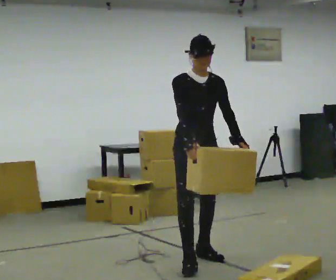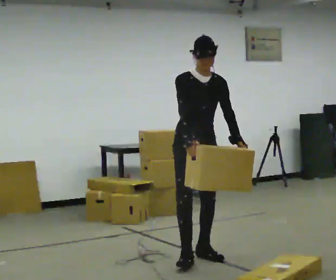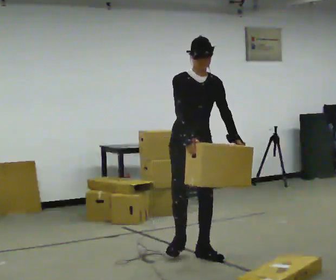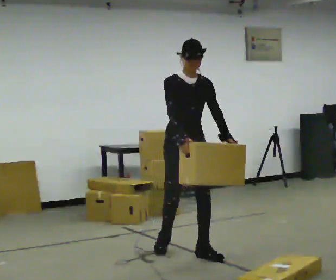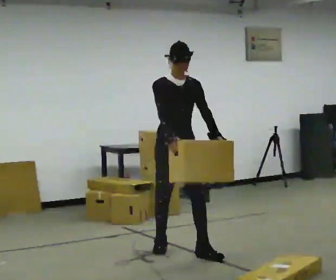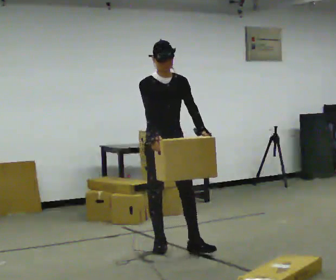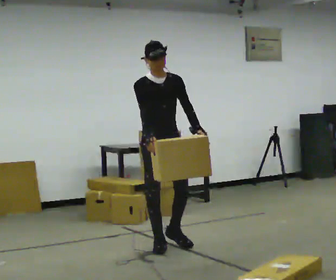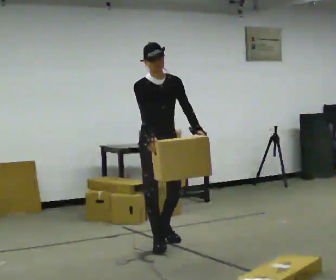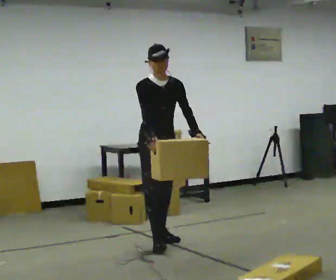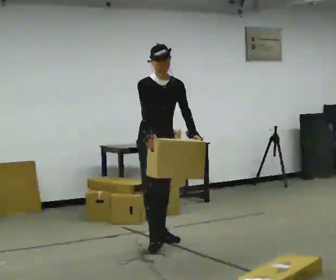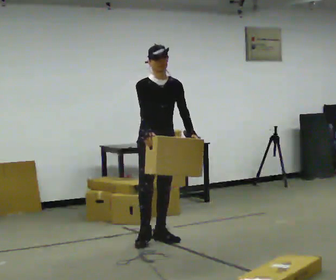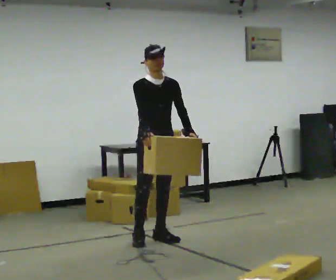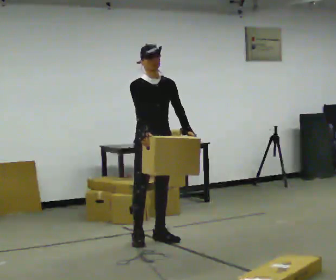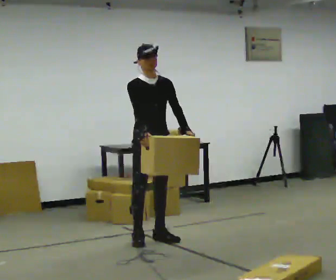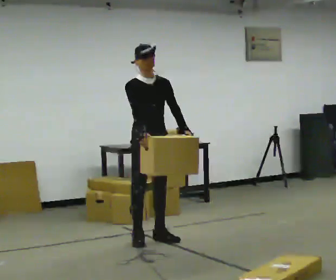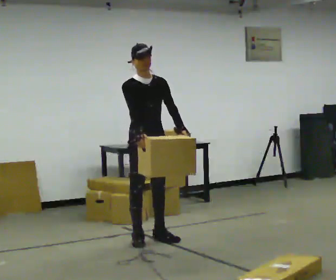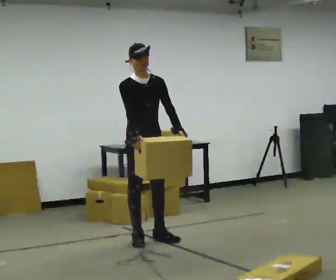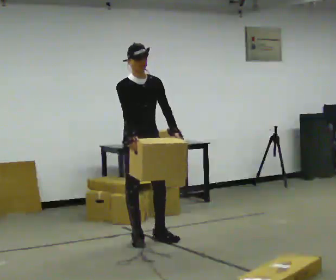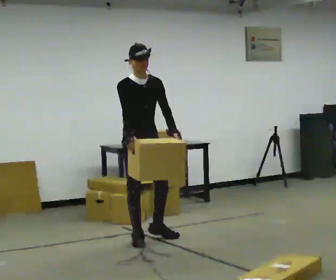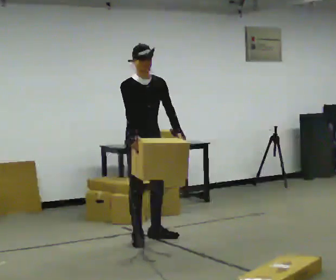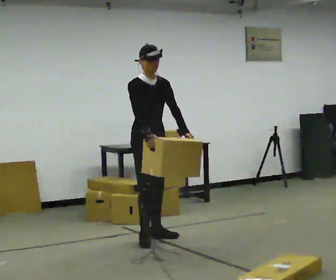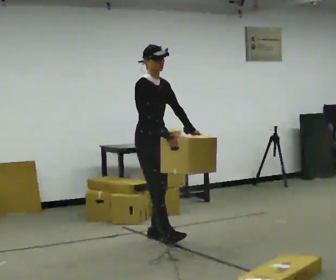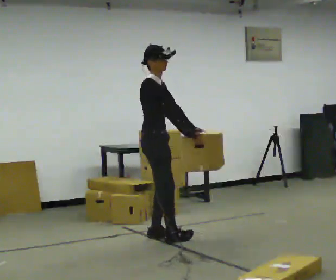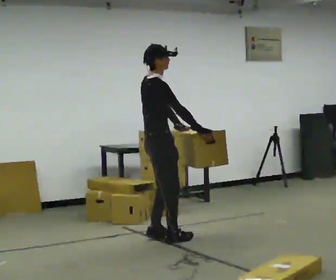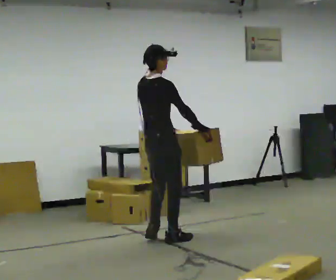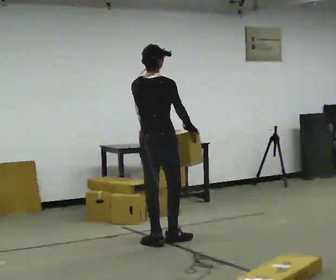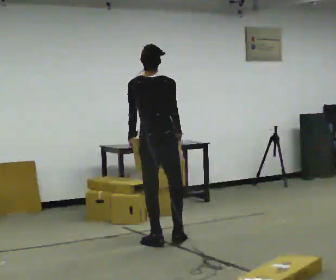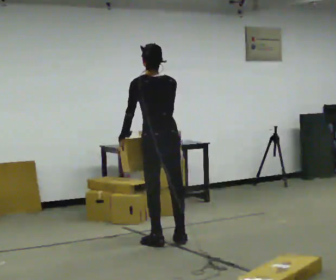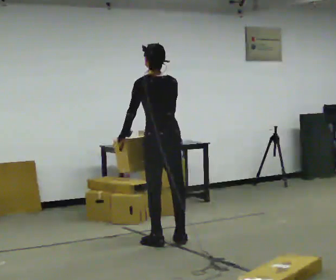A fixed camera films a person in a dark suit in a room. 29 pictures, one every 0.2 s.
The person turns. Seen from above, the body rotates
counterclockwise.
The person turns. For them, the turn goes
to their left.
0.0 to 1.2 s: In the picture they go away from the camera and to the left, about 0.5 m in 2 steps, which for them is backward.
1.2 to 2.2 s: In the picture they go away from the camera, about 0.25 m in 1 step, which for them is backward.
2.2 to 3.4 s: The person moves a little, or ends about where they began.
3.4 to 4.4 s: Seen from above the body turns counterclockwise, about 60 degrees: to their left, with its near side sliding to the right. In the picture their right hand goes to the right.
4.4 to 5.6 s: The part of the body nearest the lens slides to the right as the person turns to their left by about 120 degrees. In the picture they go toward the camera, about 0.25 m in 1 step. In the picture their left hand goes to the left, the arm swinging clockwise.
The film runs backward here.
